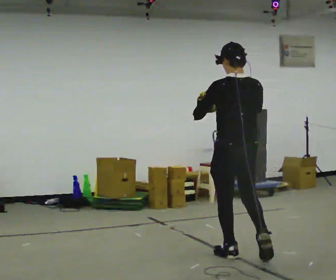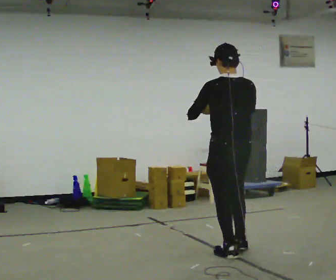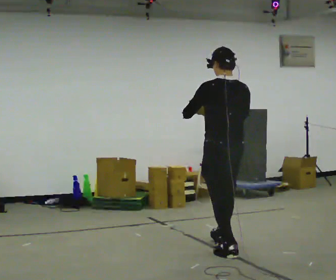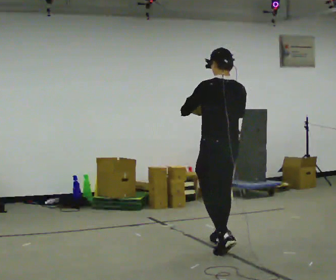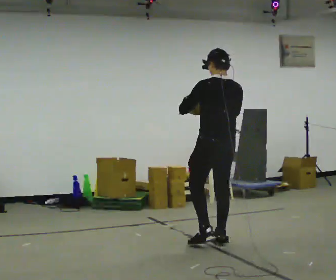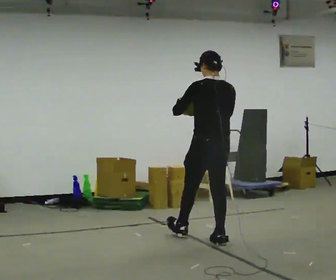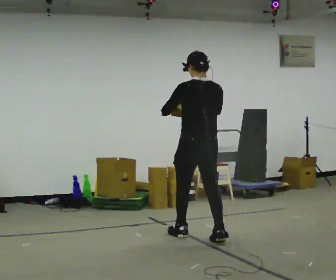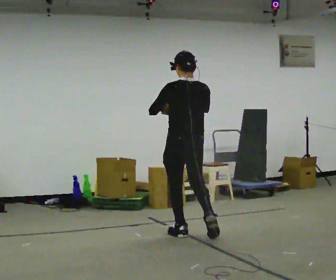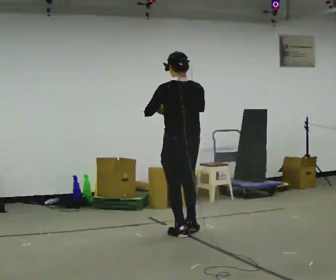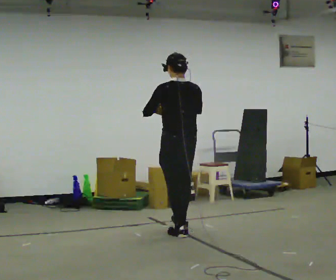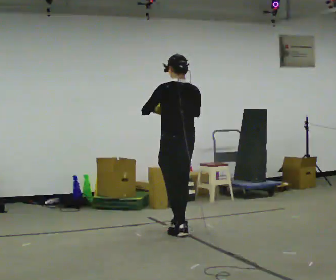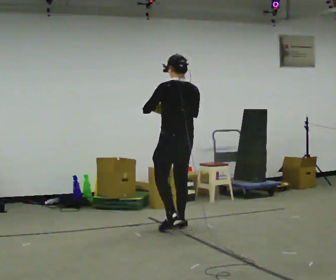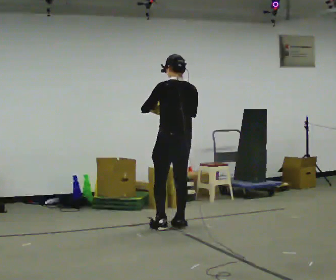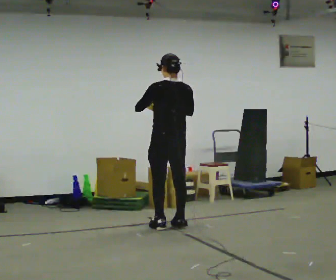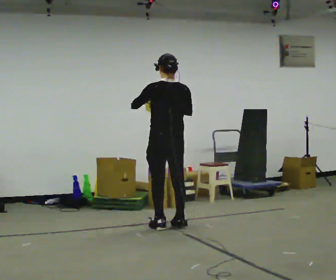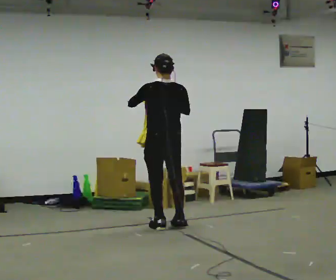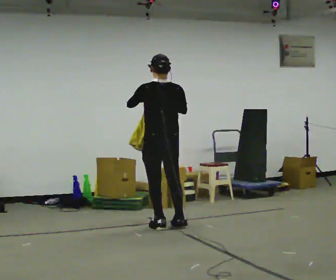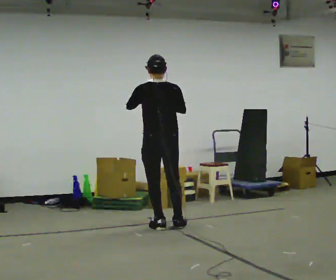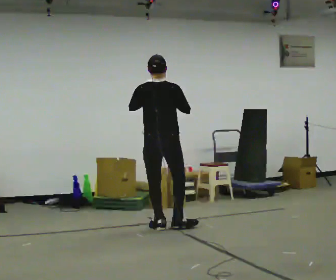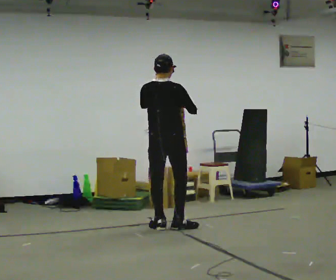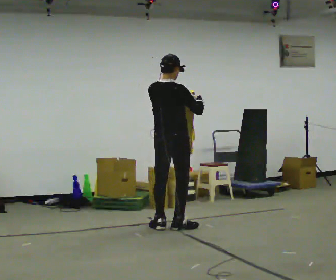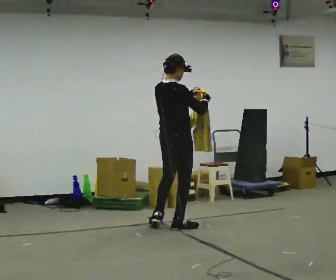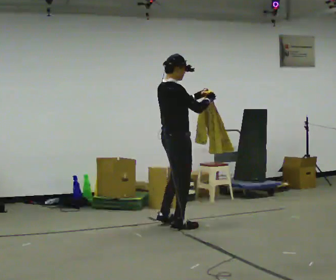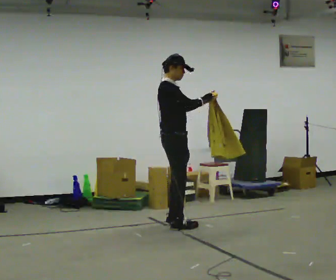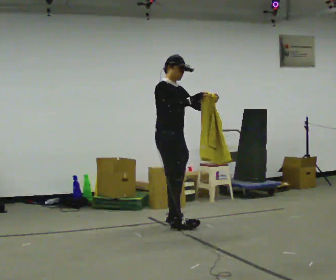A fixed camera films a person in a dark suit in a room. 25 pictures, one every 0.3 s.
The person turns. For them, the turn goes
to their right.
The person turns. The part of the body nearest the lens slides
to the left.
0.0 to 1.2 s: In the picture they go away from the camera, about 0.5 m in 1 step, which for them is forward.
1.2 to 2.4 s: In the picture they go away from the camera and to the left, about 0.5 m in 1 step, which for them is forward.
2.4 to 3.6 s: In the picture they go away from the camera, about 0.25 m in 2 steps, which for them is forward.
3.6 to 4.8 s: The person moves a little, or ends about where they began.
4.8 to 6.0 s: Seen from above the body turns clockwise, about 45 degrees: to their right, with its near side sliding to the left. In the picture their right hand goes to the right.
6.0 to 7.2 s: The part of the body nearest the lens slides to the left as the person turns to their right by about 90 degrees. In the picture they go away from the camera, about 0.25 m in 1 step. In the picture their left hand goes to the right.
The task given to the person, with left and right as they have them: Carry the cloth and, while walking, fold it in half, then unfold it. Keep repeating as you walk. Do not stop.
The film runs forward here.
